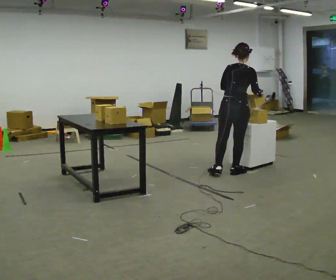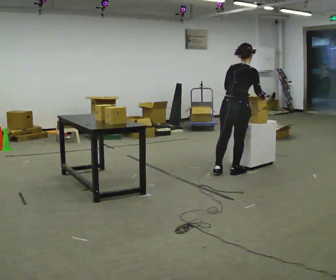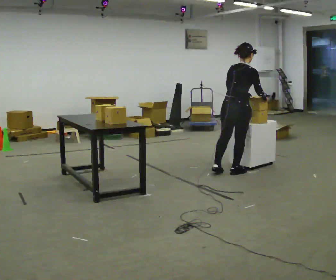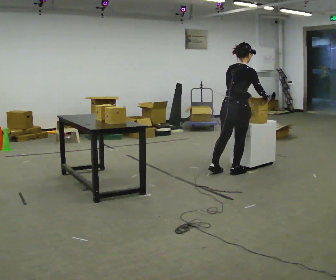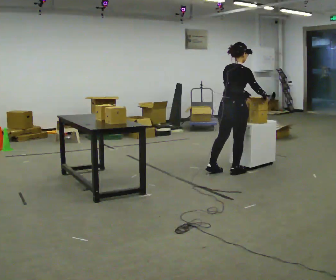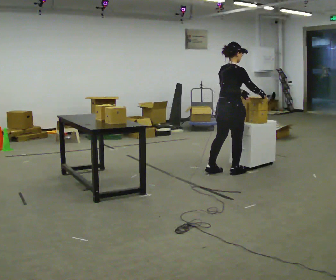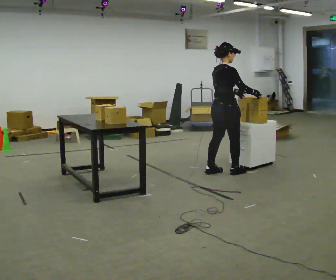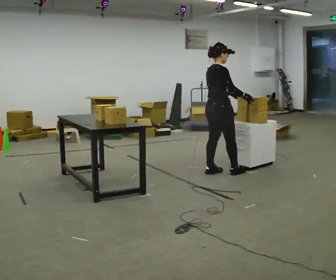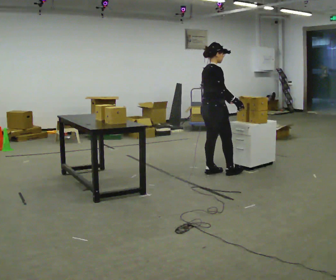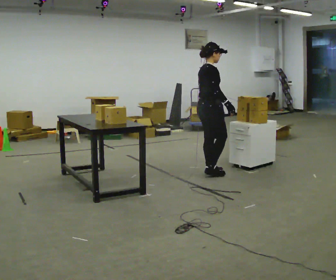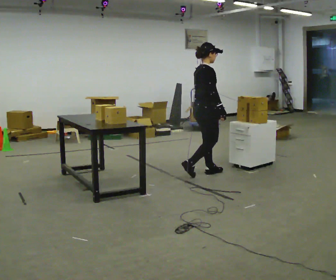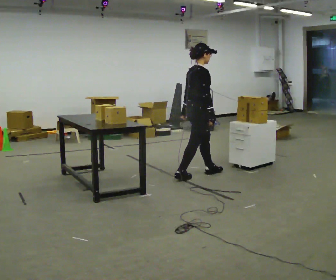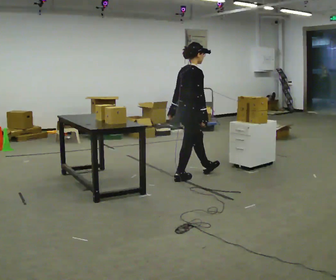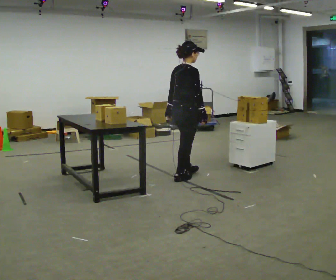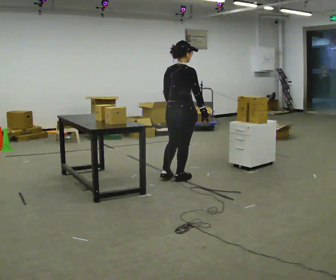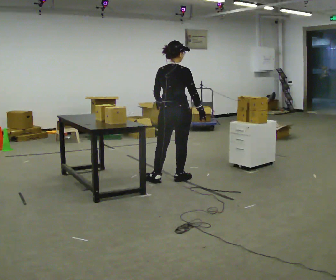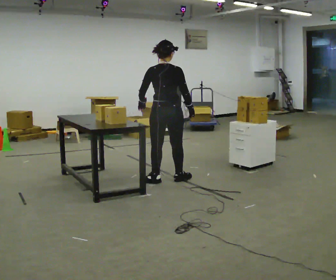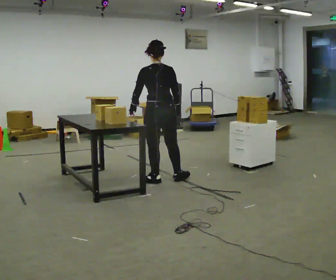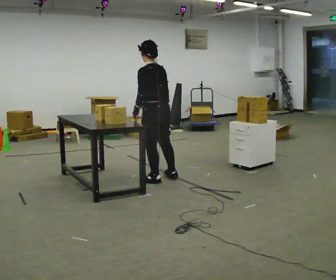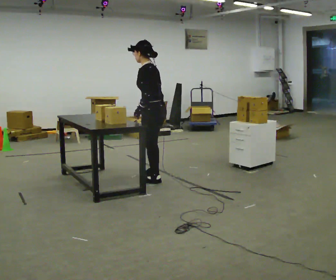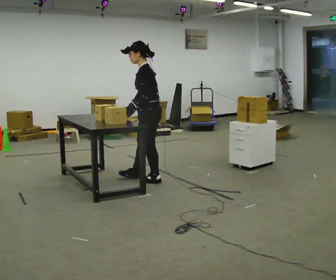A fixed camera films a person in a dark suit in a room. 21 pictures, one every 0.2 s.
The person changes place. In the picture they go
to the left.
0.0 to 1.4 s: Seen from above the body turns clockwise, about 45 degrees: to their right, with its near side sliding to the left. In the picture they go to the left, about 0.25 m, which for them is to their left.
1.4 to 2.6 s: In the picture they go to the left and toward the camera, about 0.5 m in 2 steps, which for them is backward.
2.6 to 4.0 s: The person turns about 150 degrees to their left, counterclockwise seen from above, so the part of the body nearest the lens slides to the right. In the picture they go to the left, about 0.25 m in 1 step.
The film runs backward here.
